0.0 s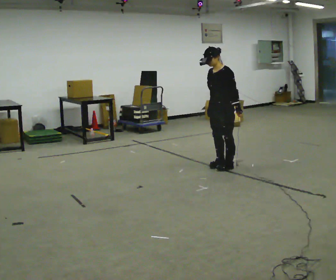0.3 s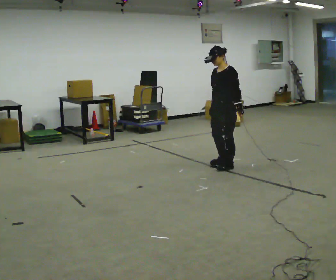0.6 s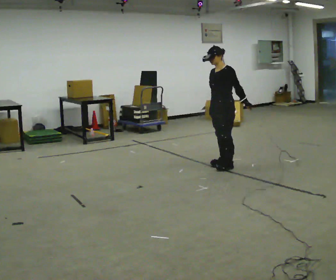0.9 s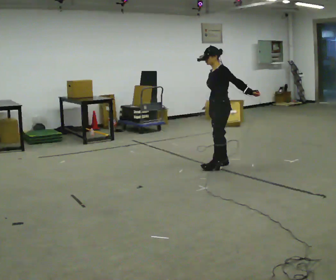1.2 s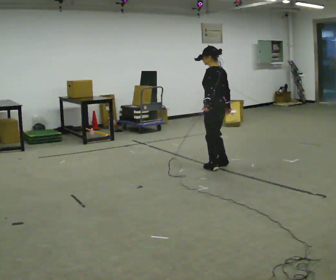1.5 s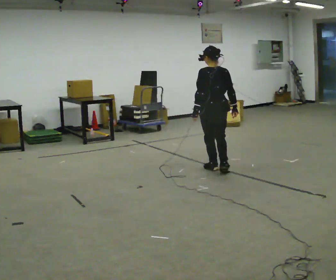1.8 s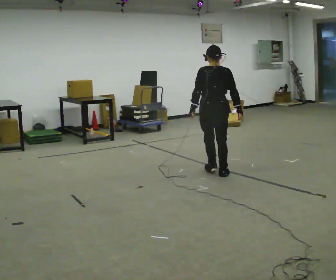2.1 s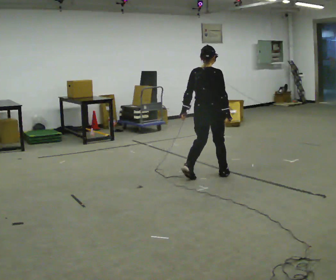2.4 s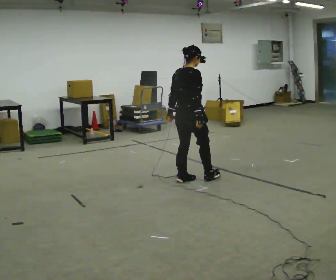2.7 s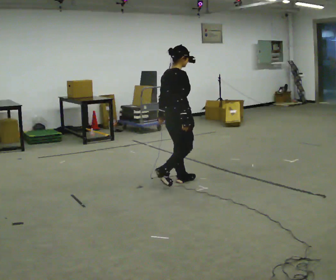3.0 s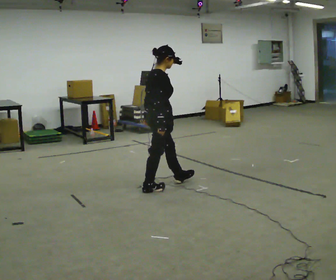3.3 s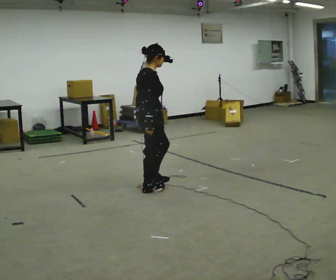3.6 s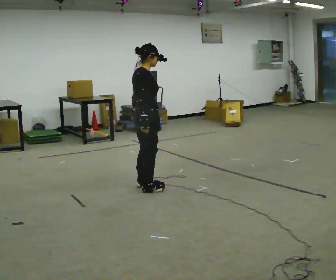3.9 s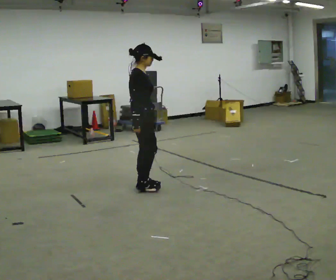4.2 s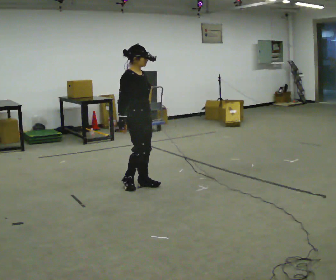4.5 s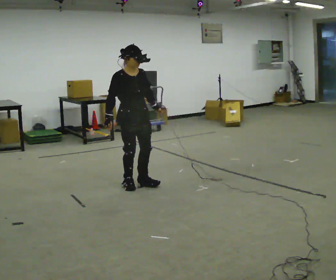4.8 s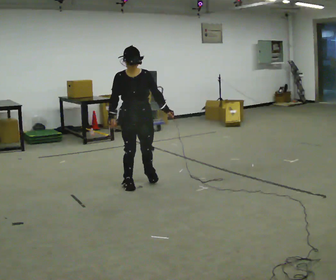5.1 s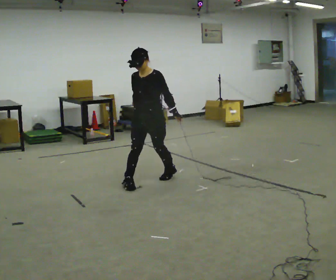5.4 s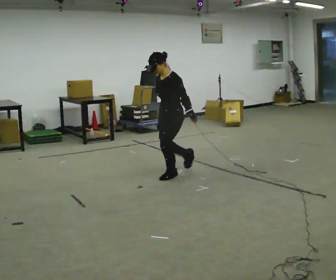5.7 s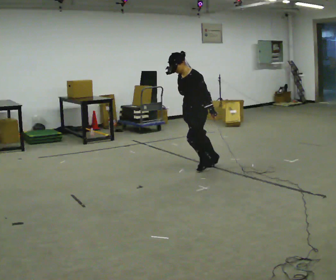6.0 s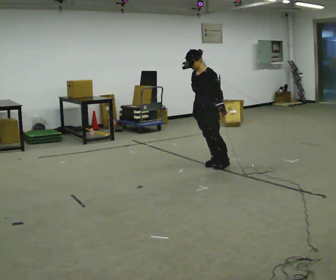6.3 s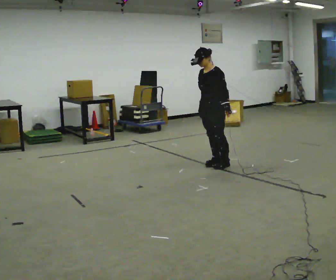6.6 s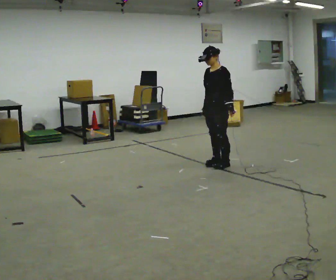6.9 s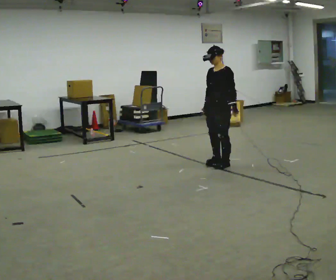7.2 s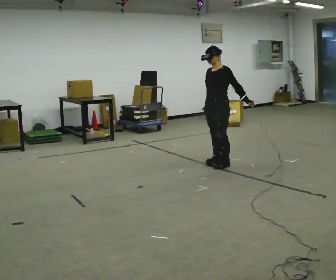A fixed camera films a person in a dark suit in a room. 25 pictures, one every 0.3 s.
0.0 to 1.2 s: Seen from above the body turns clockwise, about 60 degrees: to their right, with its near side sliding to the left. In the picture their left hand goes to the left.
1.2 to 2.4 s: Seen from above the body turns clockwise, about 105 degrees: to their right, with its near side sliding to the left. In the picture they go toward the camera and to the left, about 0.5 m in 2 steps.
2.4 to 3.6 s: Seen from above the body turns clockwise, about 30 degrees: to their right, with its near side sliding to the left. In the picture they go to the left and toward the camera, about 0.5 m in 1 step, which for them is backward.
3.6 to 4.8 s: The part of the body nearest the lens slides to the left as the person turns to their right by about 90 degrees. In the picture they go away from the camera, about 0.25 m in 2 steps. In the picture their left hand goes to the right, the arm swinging counterclockwise.
4.8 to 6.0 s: The person turns about 60 degrees to their right, clockwise seen from above, so the part of the body nearest the lens slides to the left. In the picture they go to the right and away from the camera, about 1 m in 2 steps.
6.0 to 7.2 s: In the picture they go to the right, about 0.25 m, which for them is backward. In the picture their left hand goes to the right.
The film runs backward here.
